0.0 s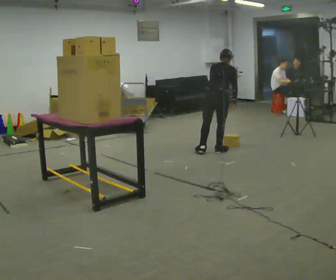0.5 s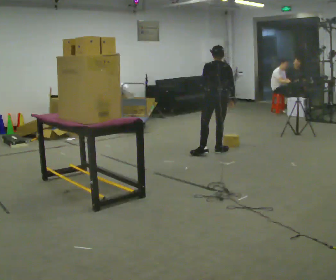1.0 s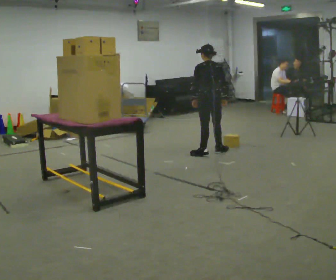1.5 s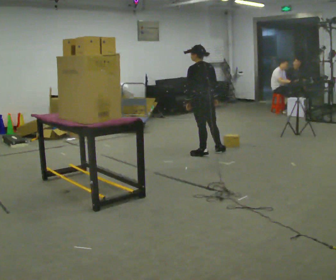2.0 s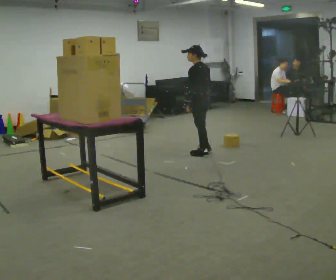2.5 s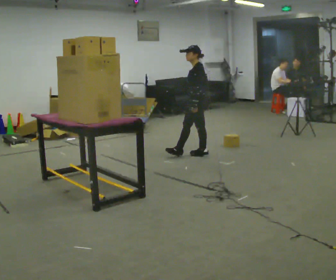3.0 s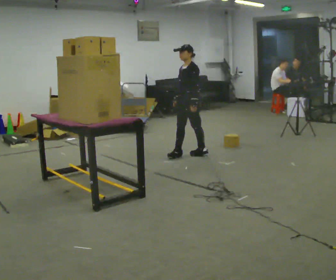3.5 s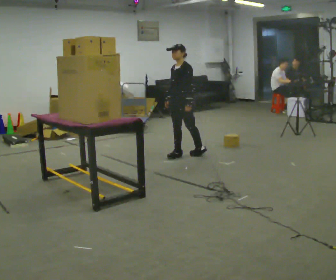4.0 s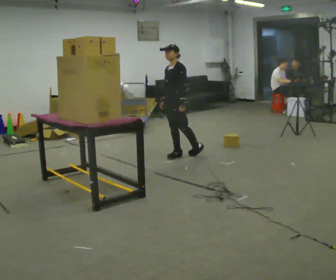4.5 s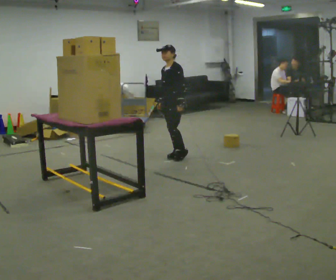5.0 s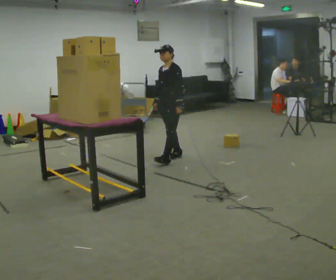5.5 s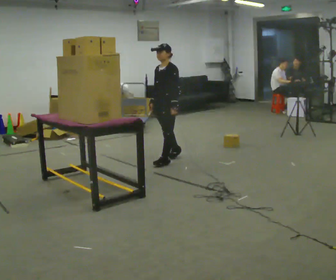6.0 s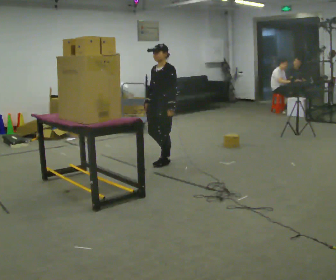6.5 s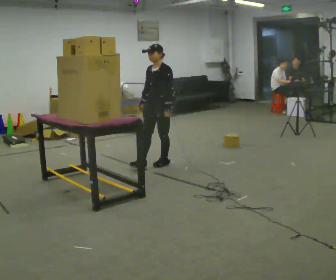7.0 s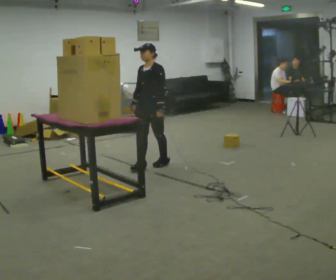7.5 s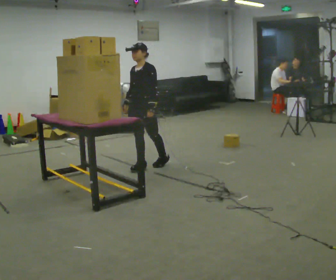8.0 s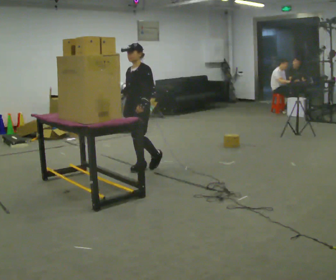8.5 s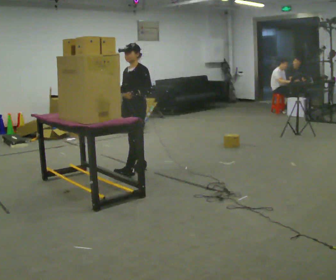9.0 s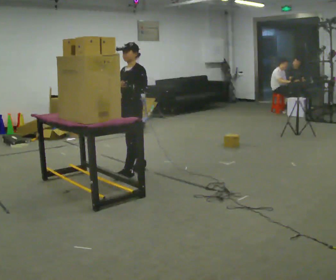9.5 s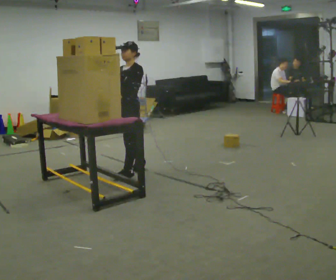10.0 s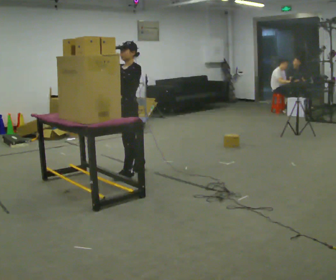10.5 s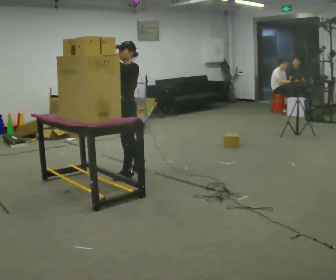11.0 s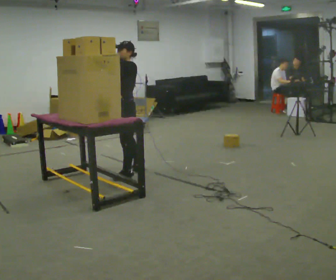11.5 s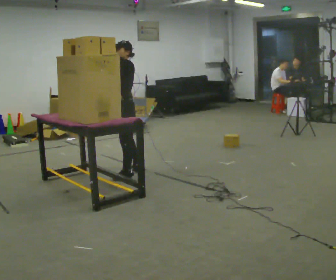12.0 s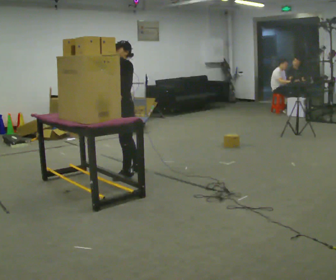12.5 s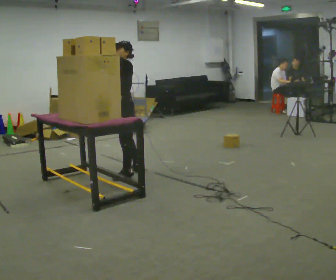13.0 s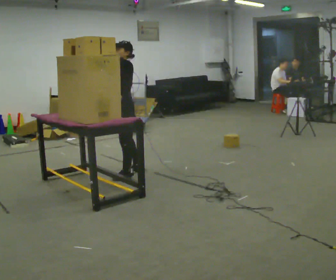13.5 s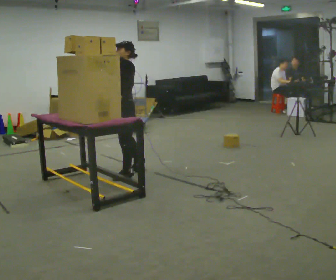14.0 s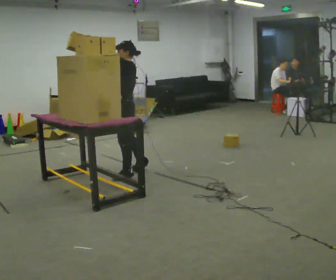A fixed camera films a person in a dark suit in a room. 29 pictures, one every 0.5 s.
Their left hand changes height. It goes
upward.
Their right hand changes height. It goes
upward.
0.0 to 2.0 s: Seen from above the body turns counterclockwise, about 75 degrees: to their left, with its near side sliding to the right. In the picture they go to the left, about 0.25 m in 1 step. In the picture the upper body tilts counterclockwise, shoulders to the left, as they lean back or straighten. In the picture their left hand goes to the left.
2.0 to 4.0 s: The person turns about 75 degrees to their left, counterclockwise seen from above, so the part of the body nearest the lens slides to the right. In the picture they go to the left, about 0.25 m in 1 step.
4.0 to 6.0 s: In the picture they go toward the camera and to the left, about 0.25 m in 1 step, which for them is forward and to their left.
6.0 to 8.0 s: In the picture they go to the left and toward the camera, about 0.25 m in 1 step, which for them is forward.
8.0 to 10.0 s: In the picture they go toward the camera, about 0.25 m in 1 step, which for them is forward and to their left. In the picture their left hand goes upward.
10.0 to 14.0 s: The person moves a little, or ends about where they began.
The film runs forward here.
